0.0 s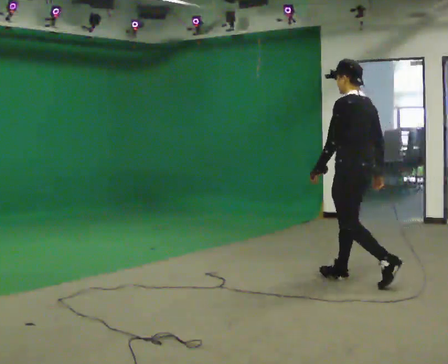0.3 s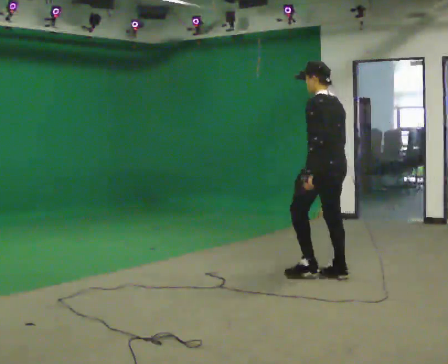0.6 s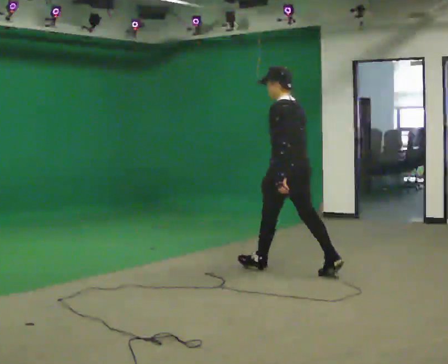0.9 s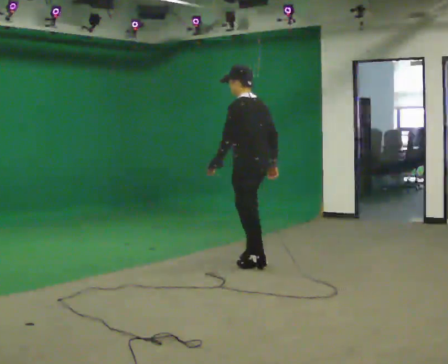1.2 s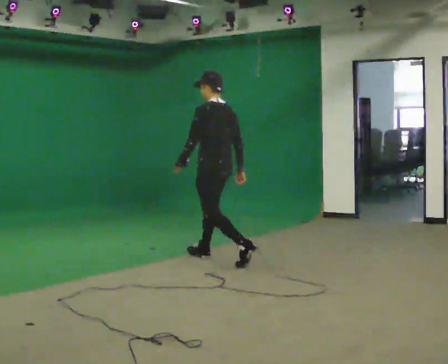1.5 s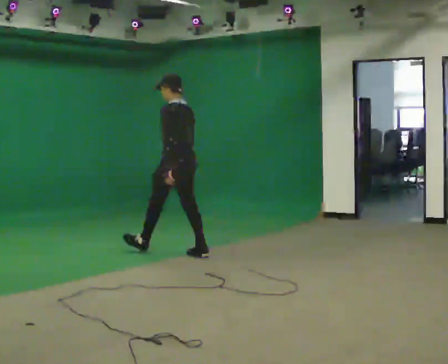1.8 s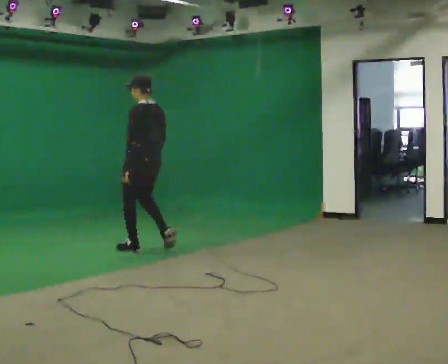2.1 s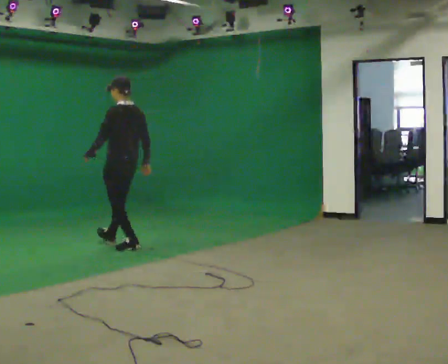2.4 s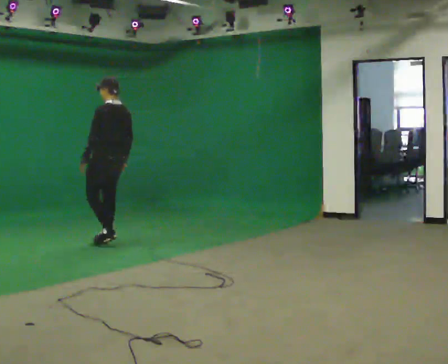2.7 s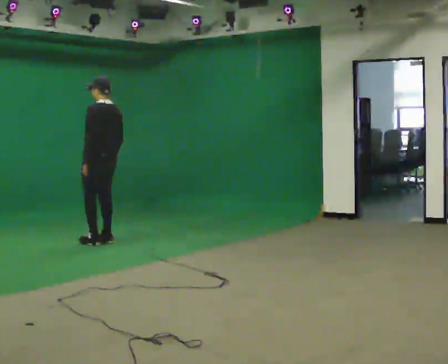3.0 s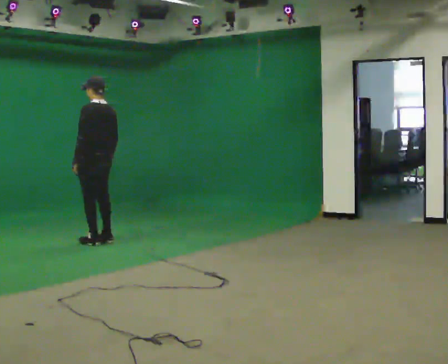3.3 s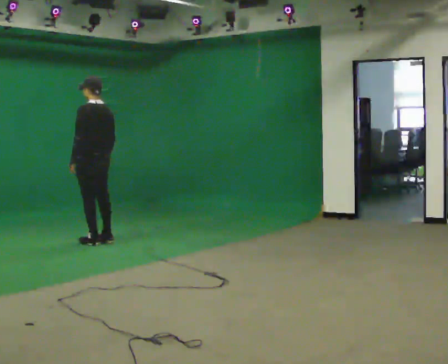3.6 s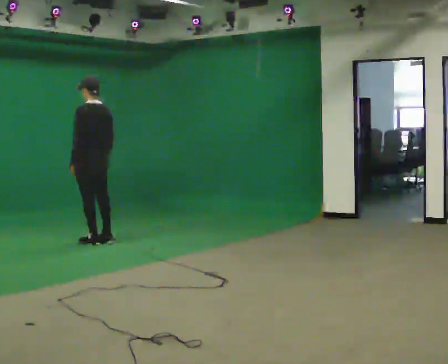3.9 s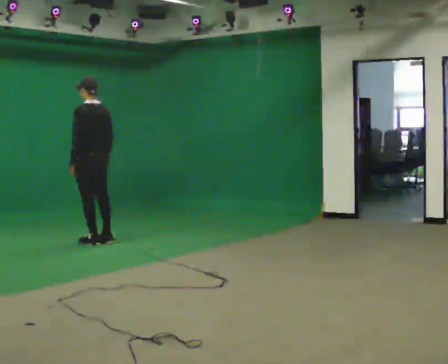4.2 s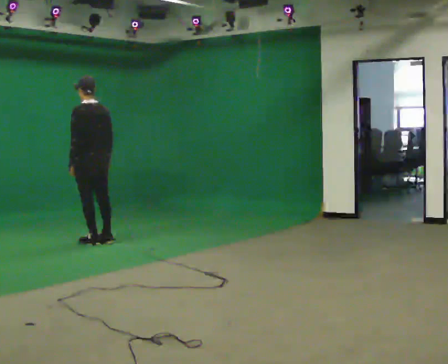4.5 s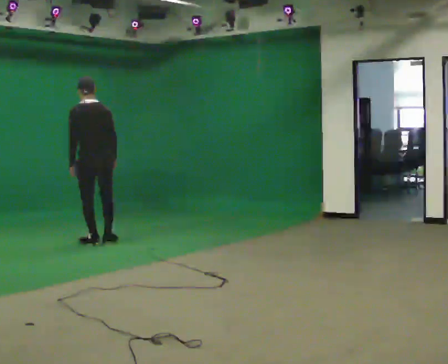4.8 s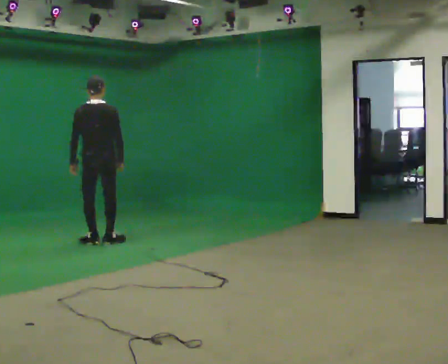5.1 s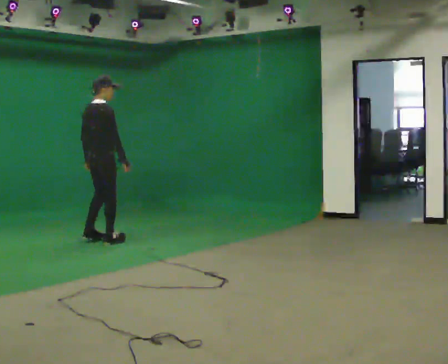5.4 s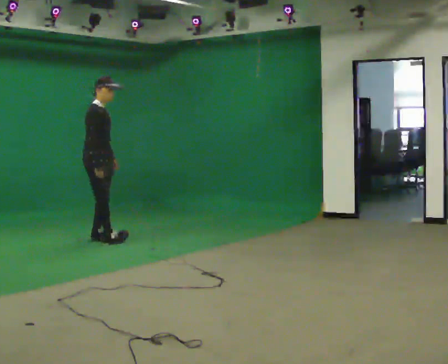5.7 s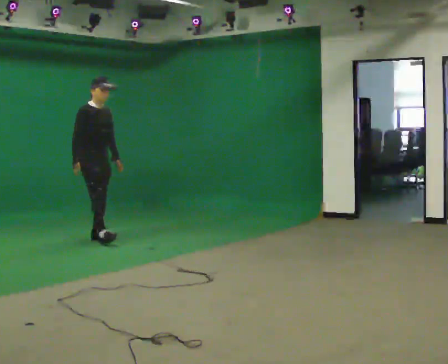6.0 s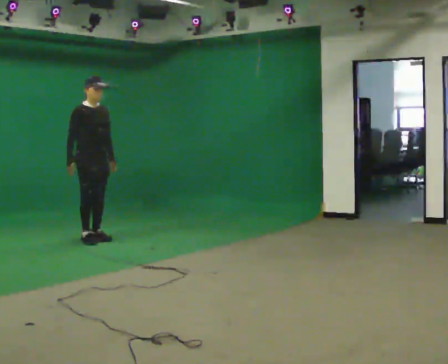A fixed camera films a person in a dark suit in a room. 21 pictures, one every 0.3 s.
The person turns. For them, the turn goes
to their right.
The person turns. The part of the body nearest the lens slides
to the left.
0.0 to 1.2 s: In the picture they go away from the camera and to the left, about 1.5 m in 2 steps, which for them is forward.
1.2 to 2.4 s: In the picture they go away from the camera and to the left, about 1.5 m in 2 steps, which for them is forward.
2.4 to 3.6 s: In the picture they go to the left, about 0.25 m in 1 step, which for them is forward.
3.6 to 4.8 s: The person turns about 60 degrees to their right, clockwise seen from above, so the part of the body nearest the lens slides to the left.
4.8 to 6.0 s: Seen from above the body turns clockwise, about 120 degrees: to their right, with its near side sliding to the left. In the picture they go away from the camera, about 0.25 m in 2 steps. In the picture their left hand goes to the right, the arm swinging counterclockwise.
The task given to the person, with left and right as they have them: Start still; gradually go slow → normal → fast; briefly maintain fast speed; stop.
The film runs forward here.
